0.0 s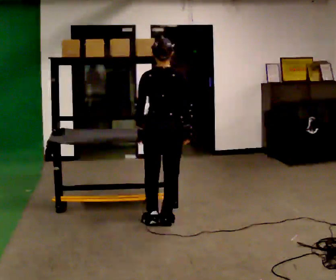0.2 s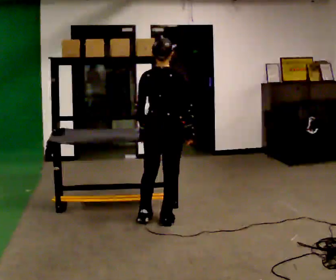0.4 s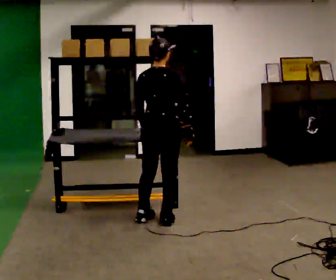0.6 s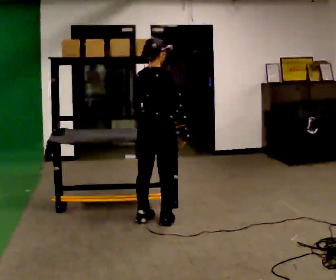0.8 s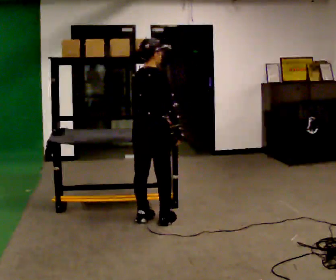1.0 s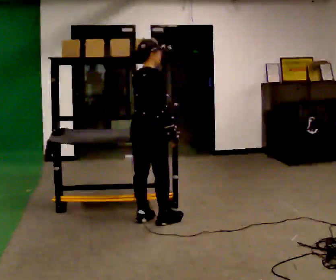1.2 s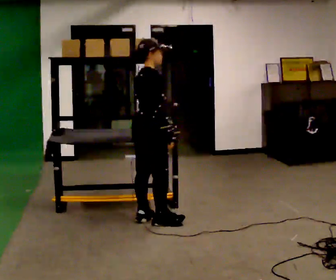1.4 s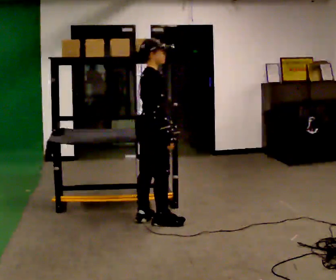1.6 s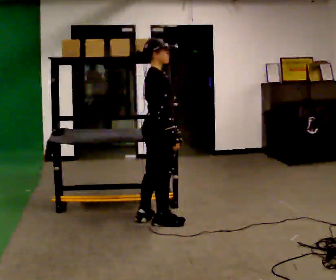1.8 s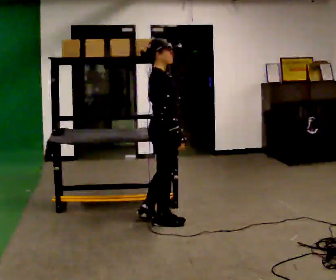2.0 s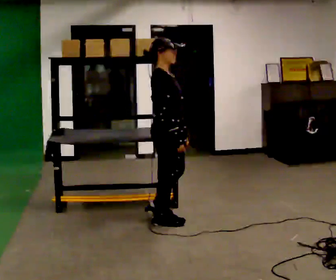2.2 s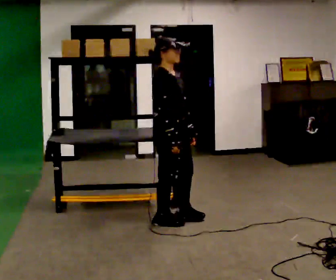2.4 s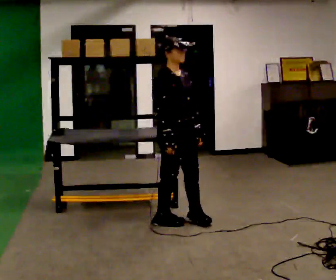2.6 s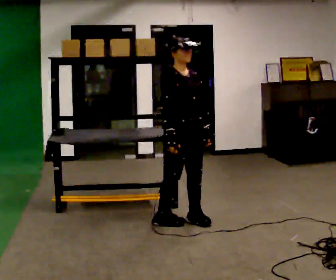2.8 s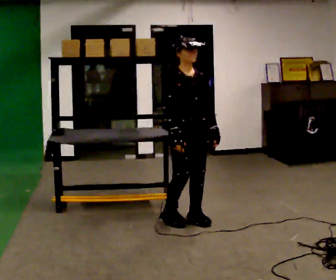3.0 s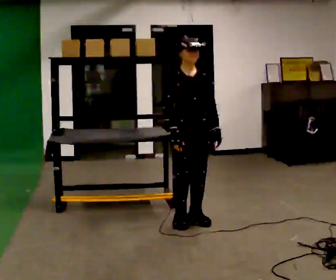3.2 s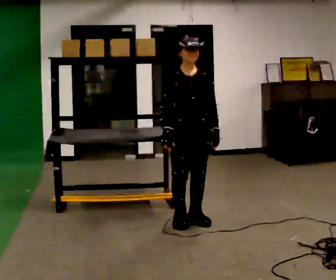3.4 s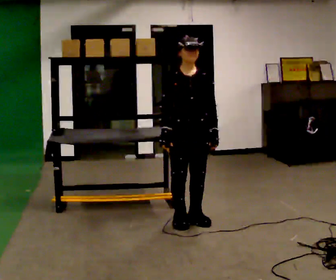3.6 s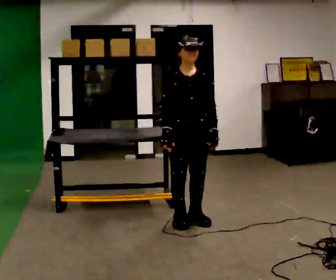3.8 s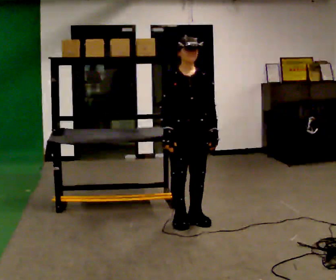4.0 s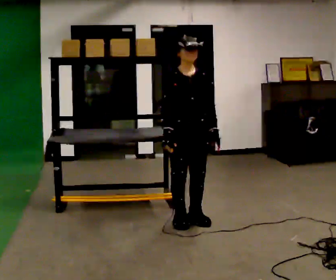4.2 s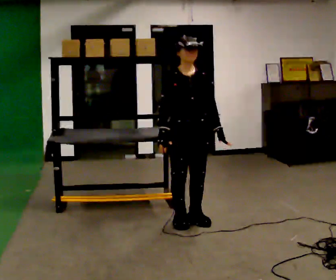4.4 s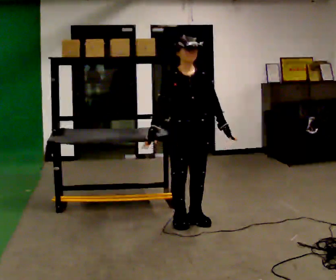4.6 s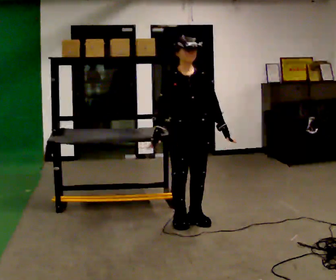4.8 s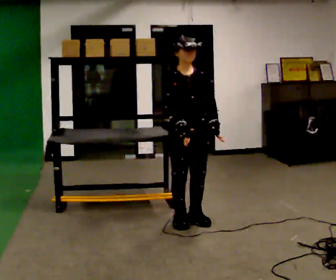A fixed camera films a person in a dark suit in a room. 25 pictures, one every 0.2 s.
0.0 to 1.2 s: The part of the body nearest the lens slides to the left as the person turns to their right by about 75 degrees.
1.2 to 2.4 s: The person turns about 60 degrees to their right, clockwise seen from above, so the part of the body nearest the lens slides to the left. In the picture they go to the right, about 0.25 m in 1 step, which for them is forward.
2.4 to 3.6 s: Seen from above the body turns clockwise, about 45 degrees: to their right, with its near side sliding to the left.
3.6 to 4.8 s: The person moves a little, or ends about where they began.
The film runs forward here.
